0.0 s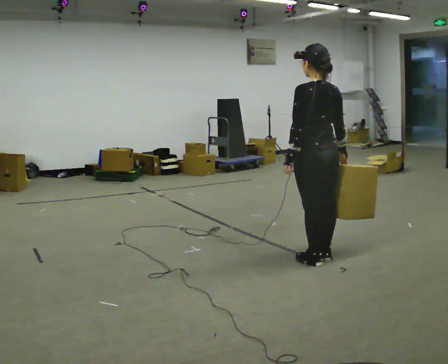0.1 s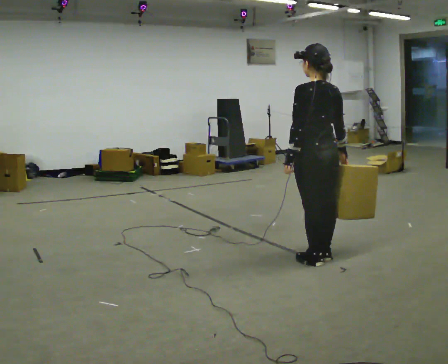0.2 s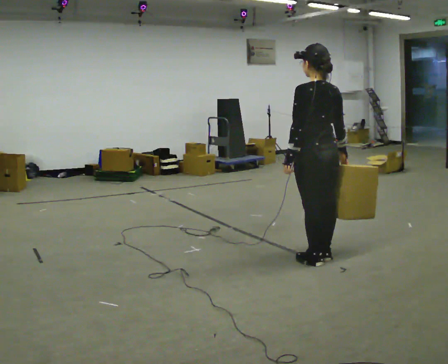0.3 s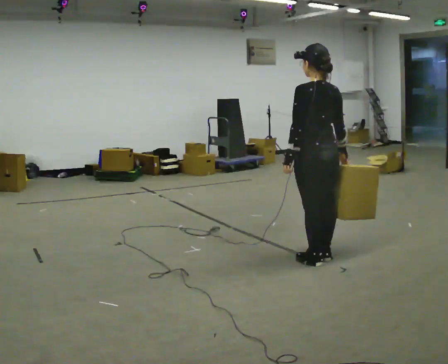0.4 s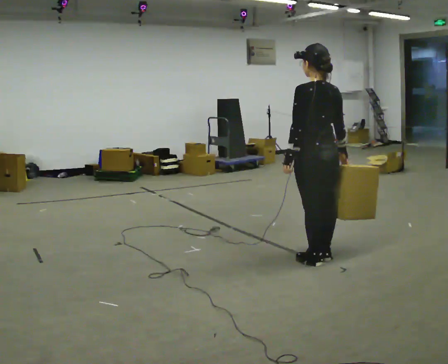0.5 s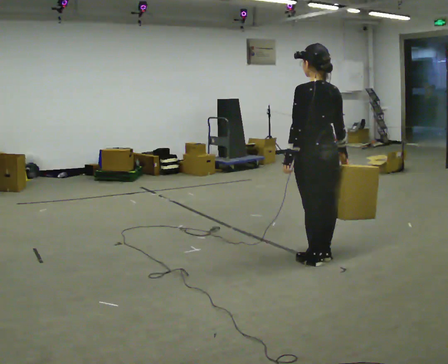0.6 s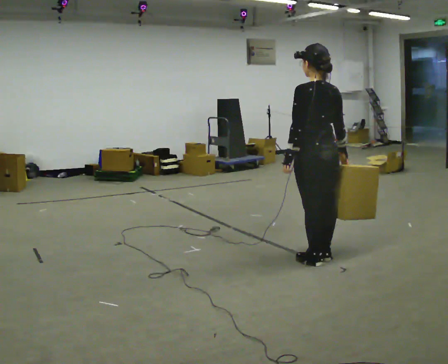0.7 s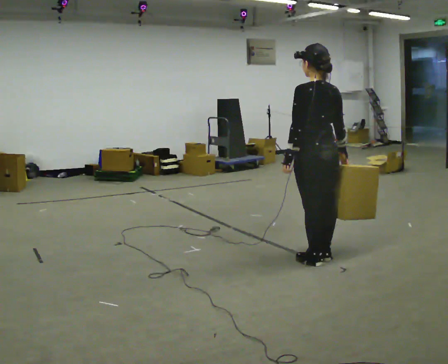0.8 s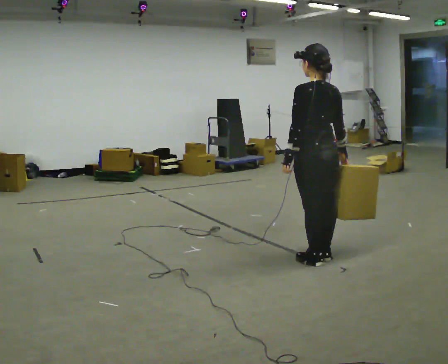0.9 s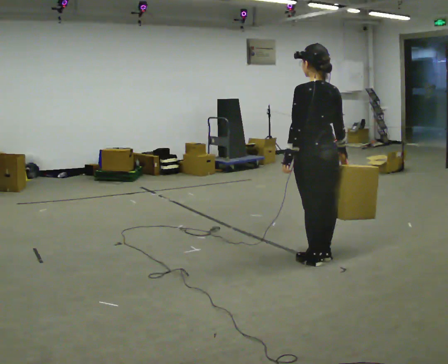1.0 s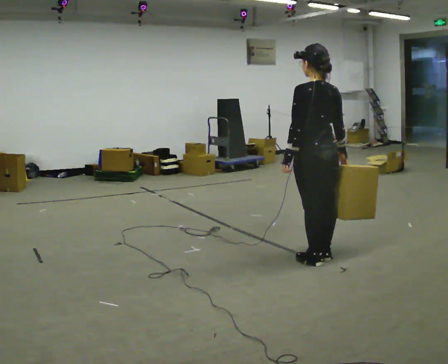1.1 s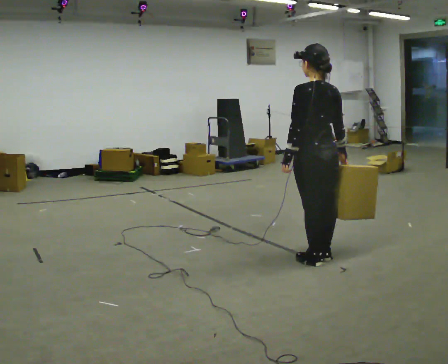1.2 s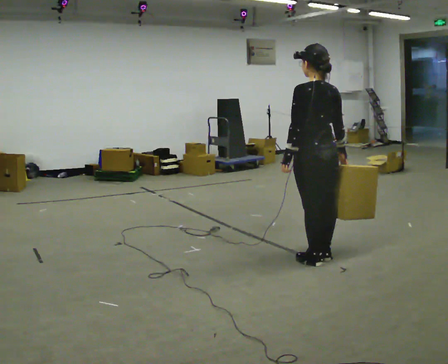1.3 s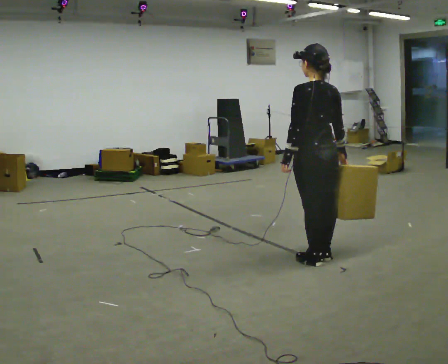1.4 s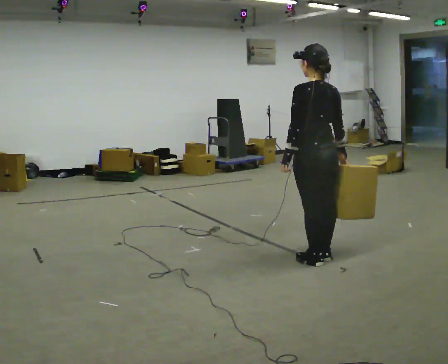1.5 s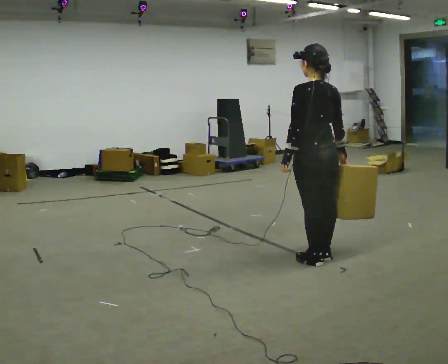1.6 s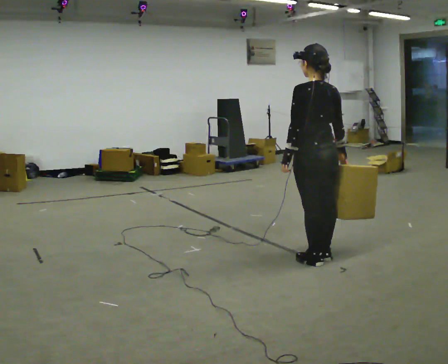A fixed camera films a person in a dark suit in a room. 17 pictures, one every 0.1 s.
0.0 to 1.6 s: The person moves a little, or ends about where they began.
The film runs forward here.
